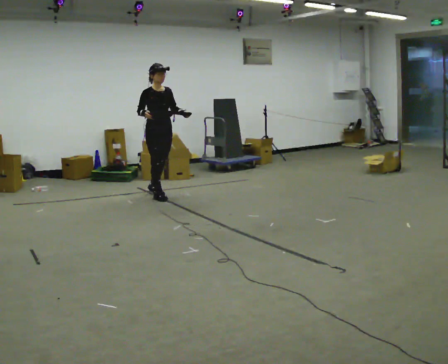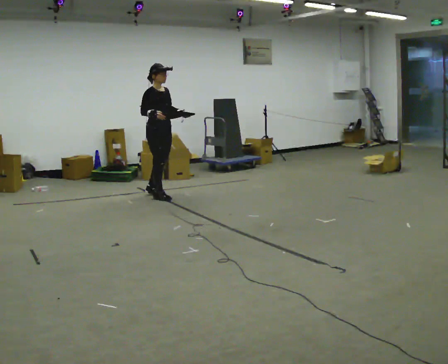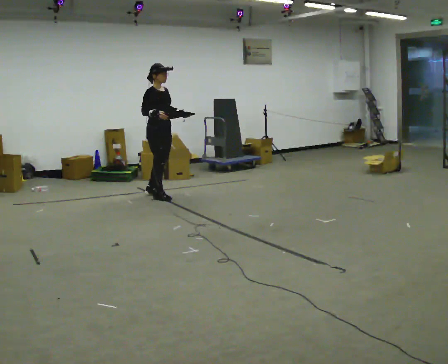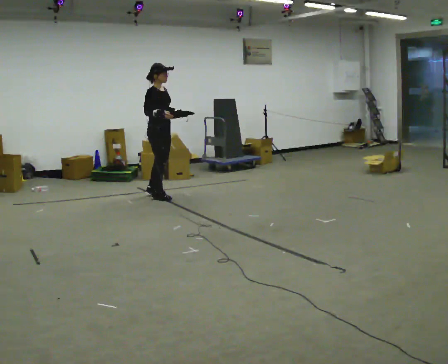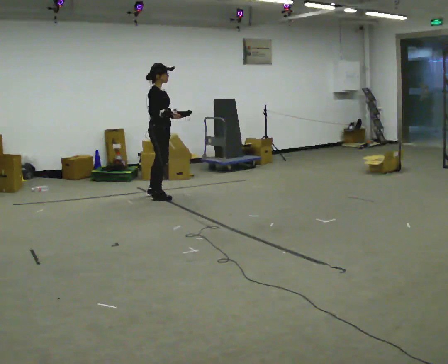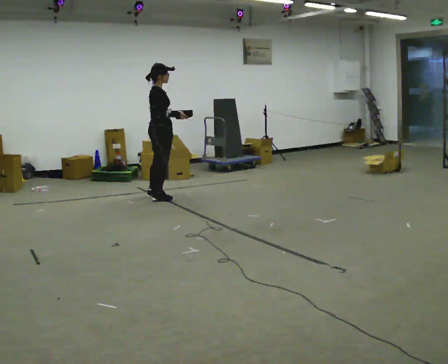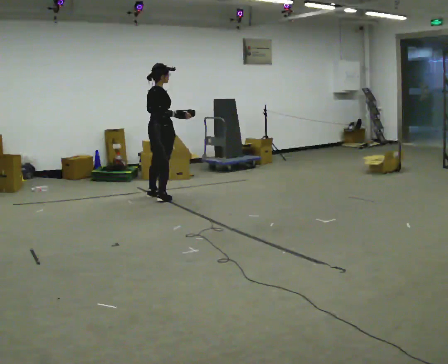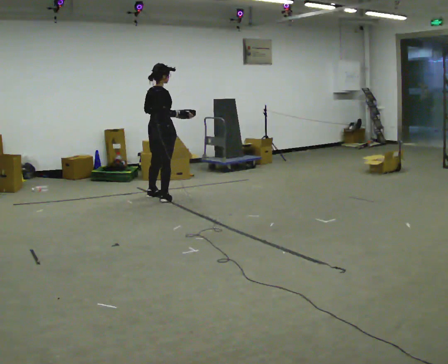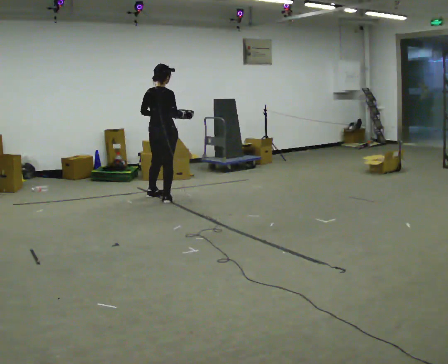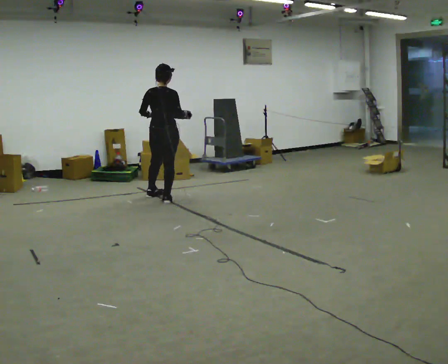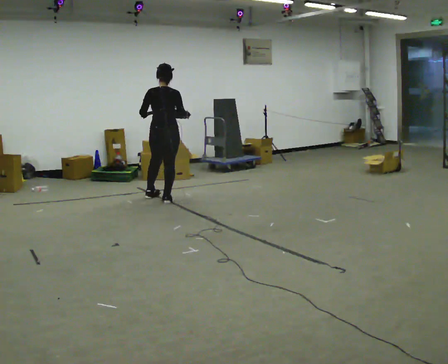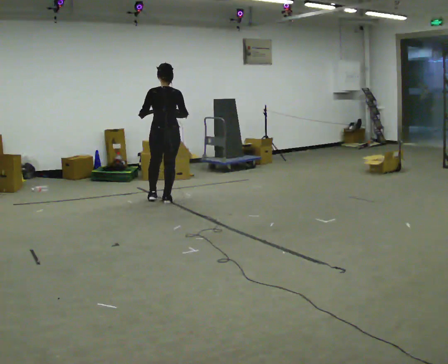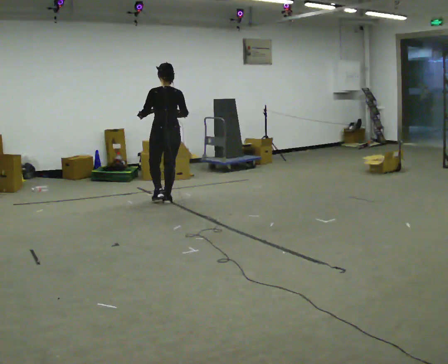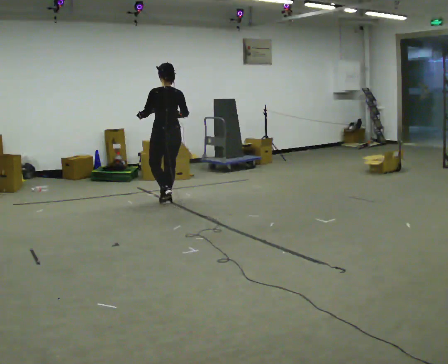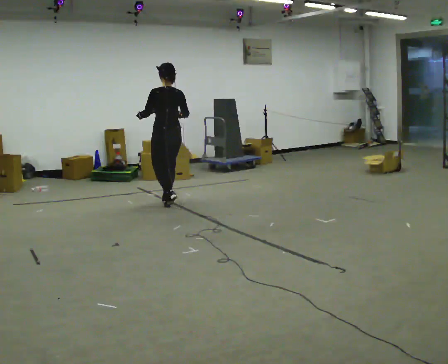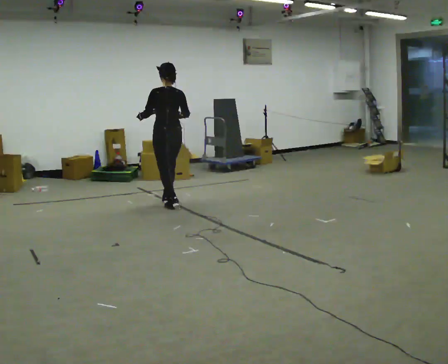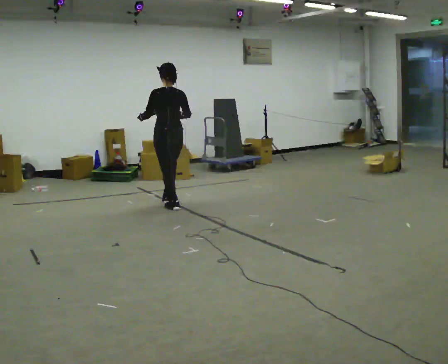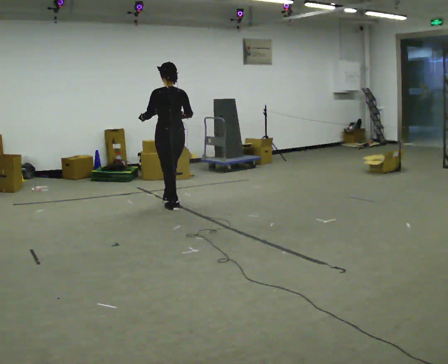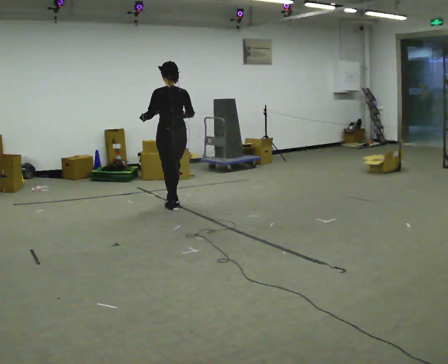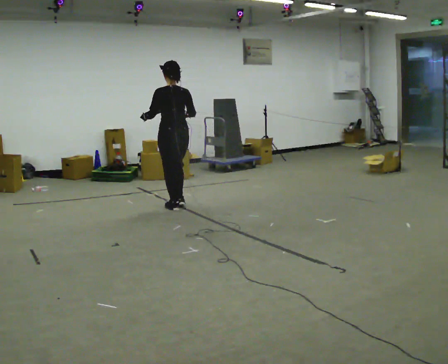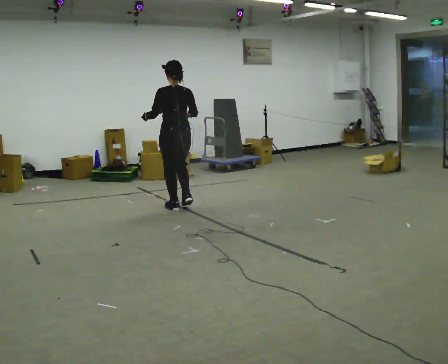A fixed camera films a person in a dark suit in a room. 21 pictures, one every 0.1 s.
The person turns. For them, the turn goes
to their left.
The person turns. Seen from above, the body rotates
counterclockwise.
0.0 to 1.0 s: Seen from above the body turns counterclockwise, about 150 degrees: to their left, with its near side sliding to the right. In the picture they go toward the camera, about 0.25 m in 3 steps.
1.0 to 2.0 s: In the picture they go toward the camera, about 0.5 m in 1 step, which for them is backward.
The film runs backward here.
